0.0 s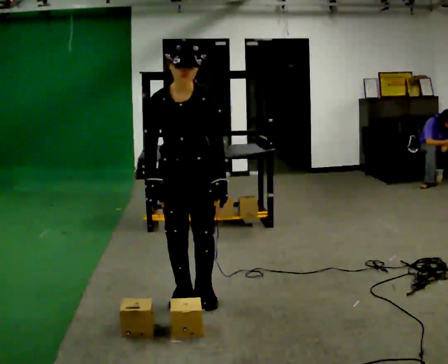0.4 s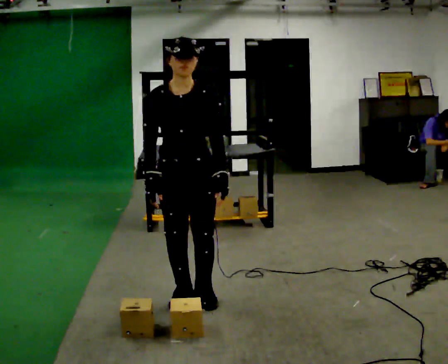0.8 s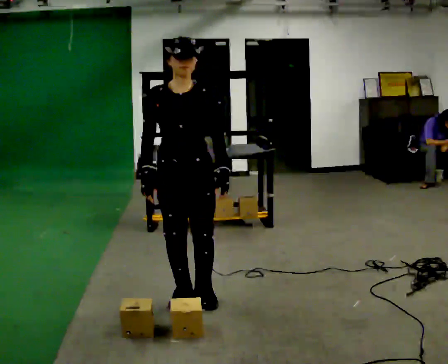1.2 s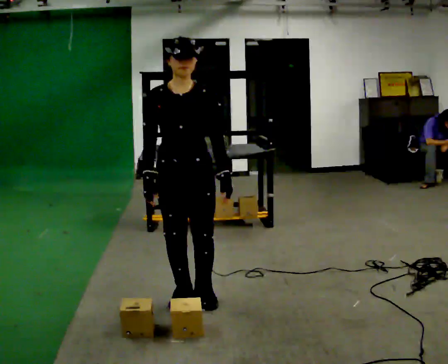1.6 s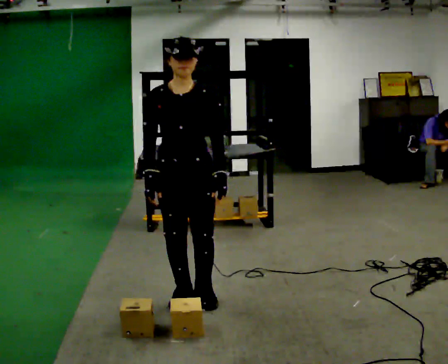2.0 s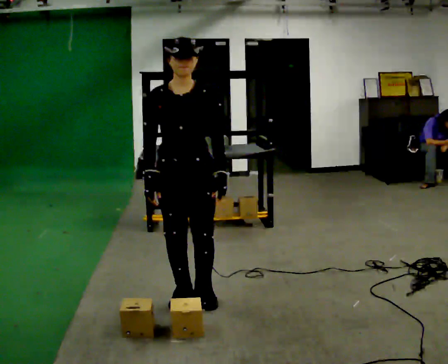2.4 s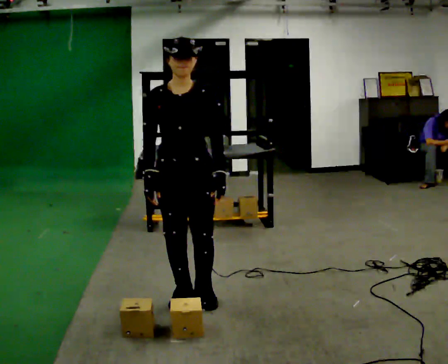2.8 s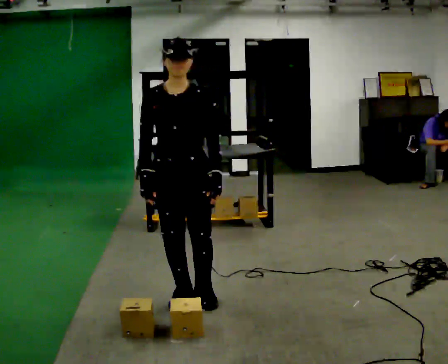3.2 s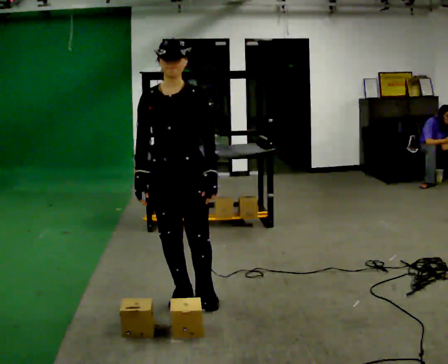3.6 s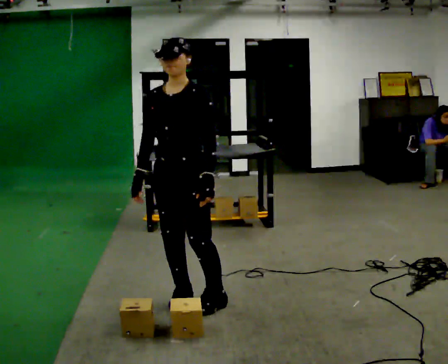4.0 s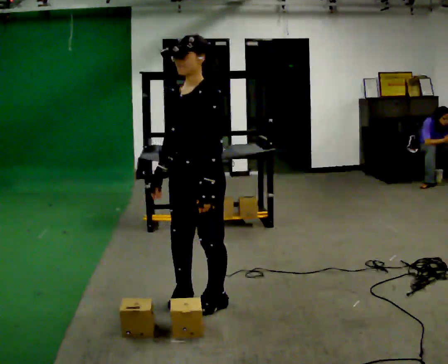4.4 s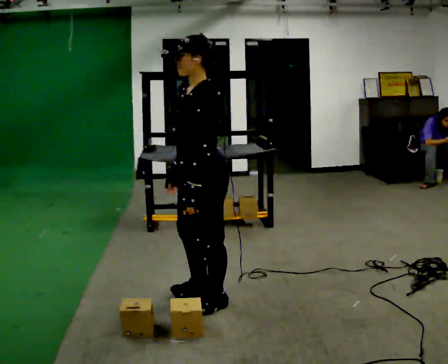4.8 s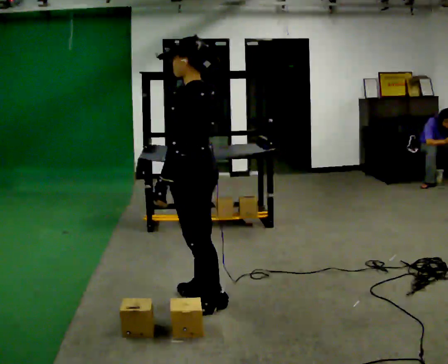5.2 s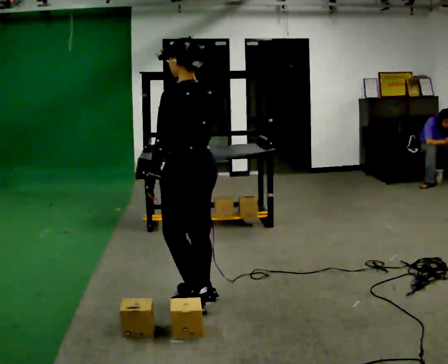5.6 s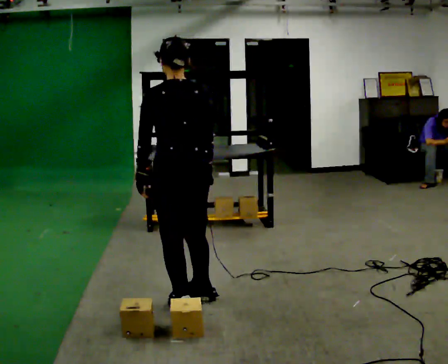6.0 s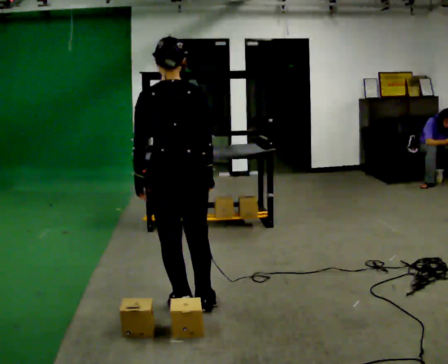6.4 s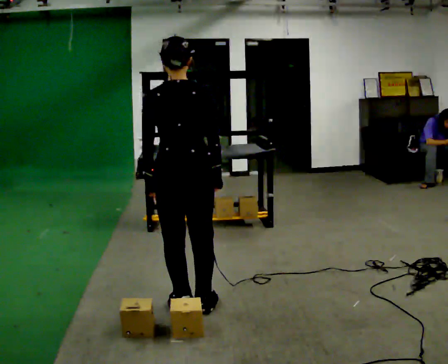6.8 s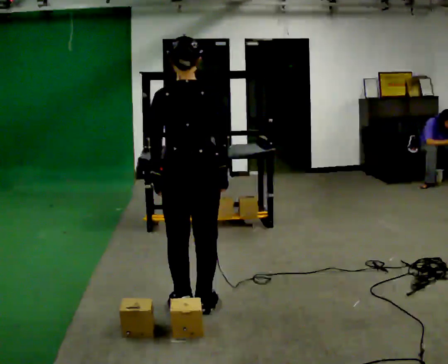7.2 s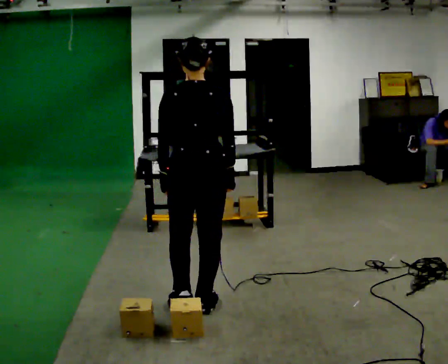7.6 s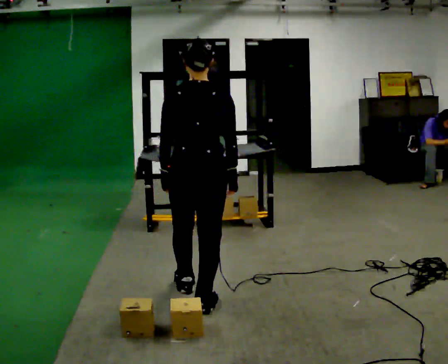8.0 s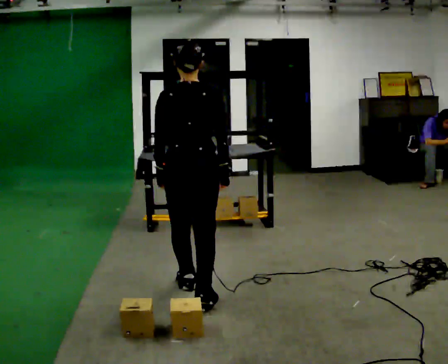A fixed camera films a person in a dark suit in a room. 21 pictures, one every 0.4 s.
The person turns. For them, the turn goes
to their right.
The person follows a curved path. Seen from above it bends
counterclockwise.
0.0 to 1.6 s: The upper body tips away from the camera, its near side rolling upward, as they lean back or straighten.
1.6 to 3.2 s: The person moves a little, or ends about where they began.
3.2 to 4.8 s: Seen from above the body turns clockwise, about 105 degrees: to their right, with its near side sliding to the left.
4.8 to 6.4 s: The person turns about 75 degrees to their right, clockwise seen from above, so the part of the body nearest the lens slides to the left.
6.4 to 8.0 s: In the picture they go away from the camera, about 0.25 m in 1 step, which for them is forward.
The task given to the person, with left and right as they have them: Carry the object across the room and place it on the lowest shelf, crouching down to do it. Keep going until the operator says stop; one object at a time, and do not rush between trips.
The film runs forward here.
